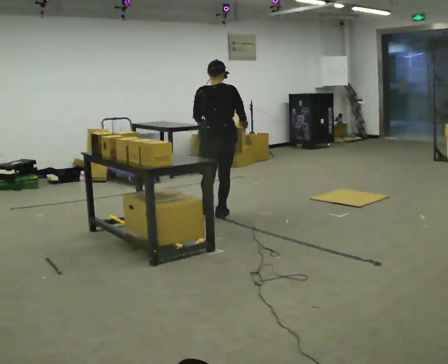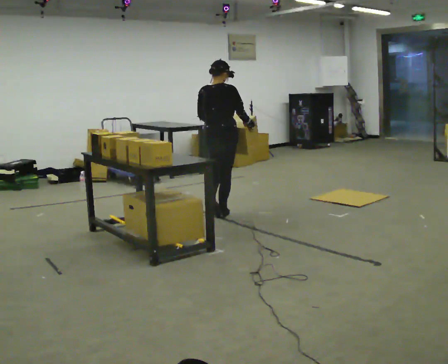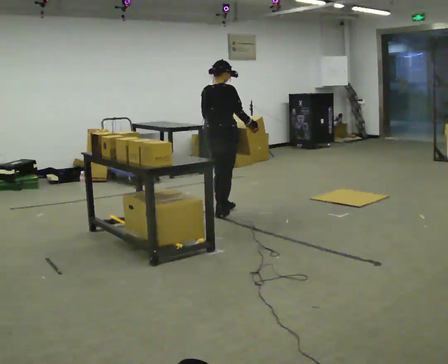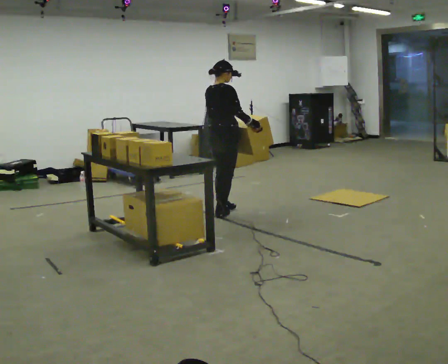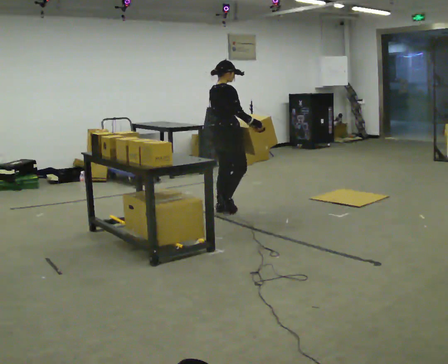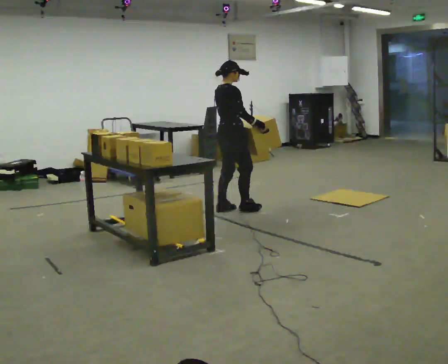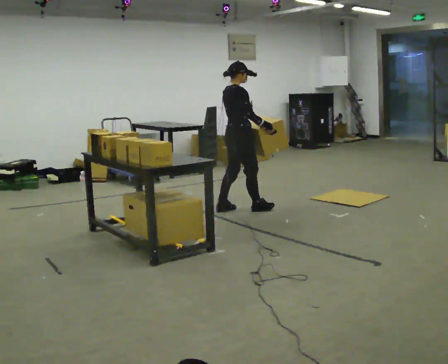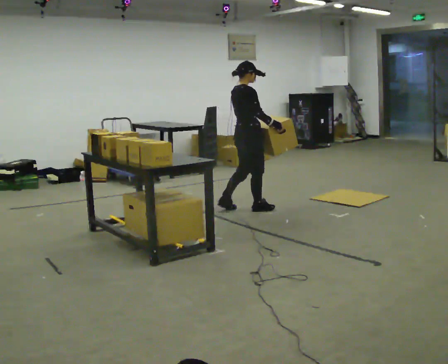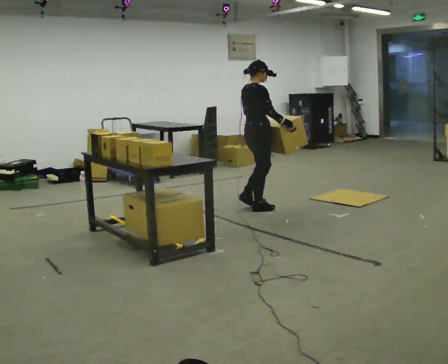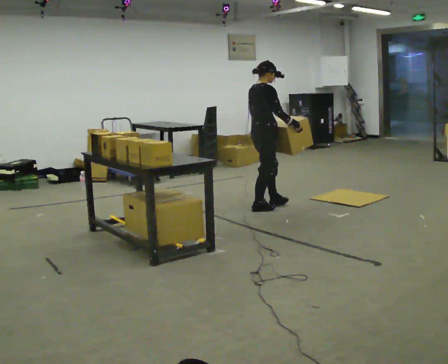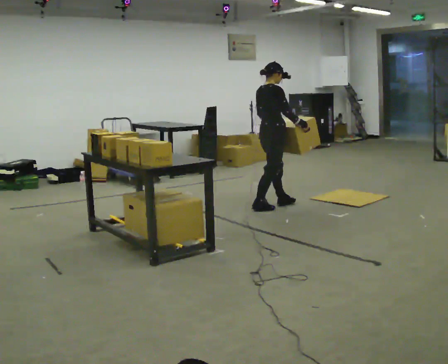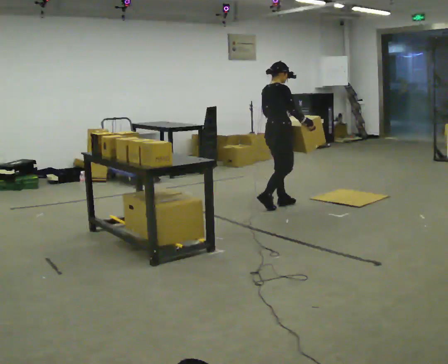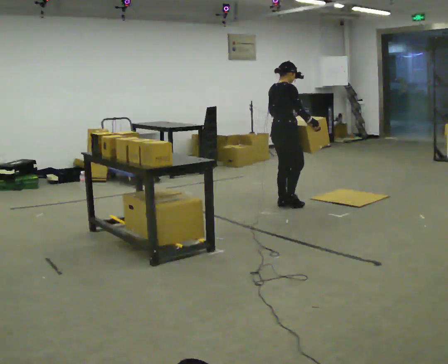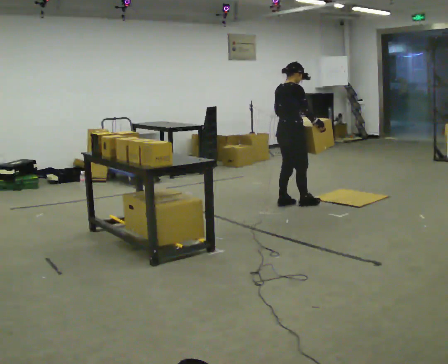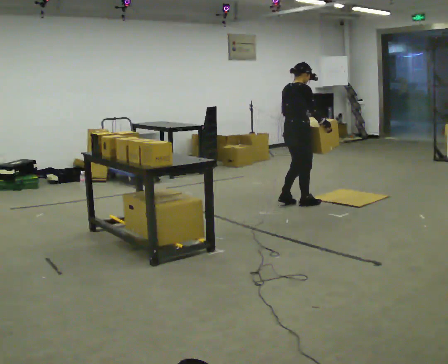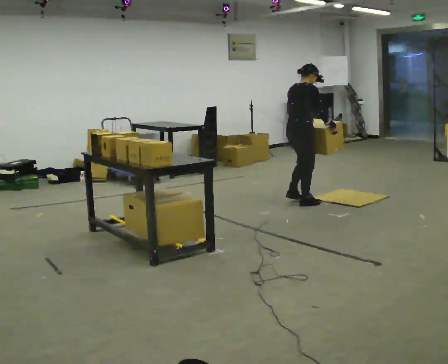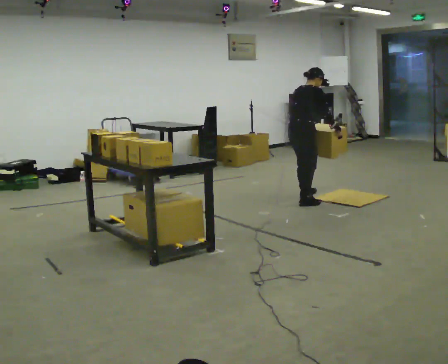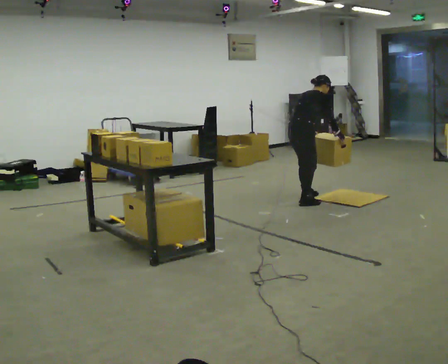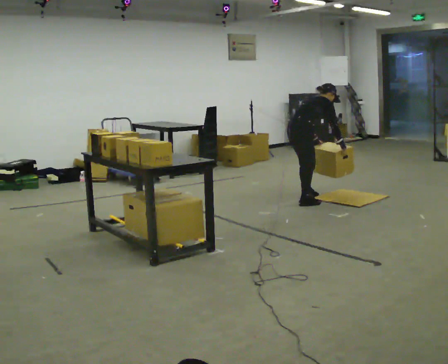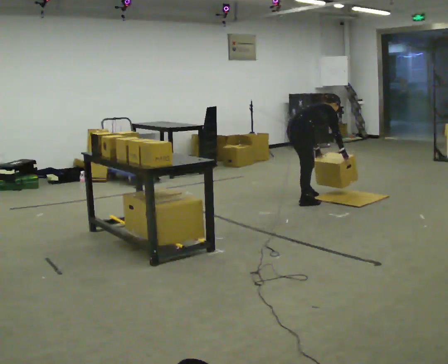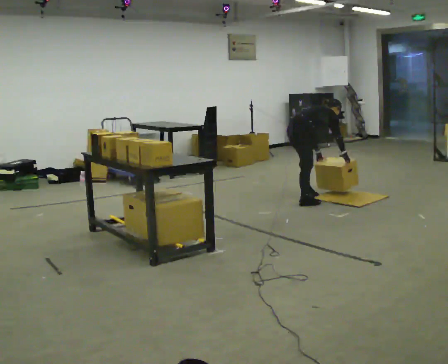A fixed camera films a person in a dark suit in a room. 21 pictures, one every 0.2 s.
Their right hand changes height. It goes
downward.
Their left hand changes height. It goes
downward.
0.0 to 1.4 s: The part of the body nearest the lens slides to the left as the person turns to their right by about 60 degrees. In the picture they go away from the camera and to the right, about 0.25 m in 2 steps.
1.4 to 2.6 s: In the picture they go to the right and away from the camera, about 0.5 m in 2 steps, which for them is forward.
2.6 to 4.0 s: In the picture they go away from the camera and to the right, about 0.25 m in 1 step, which for them is forward and to their left. The shoulders move downward. In the picture the upper body tilts clockwise, shoulders to the right, as they bend forward. In the picture their left hand goes downward.
The film runs forward here.
